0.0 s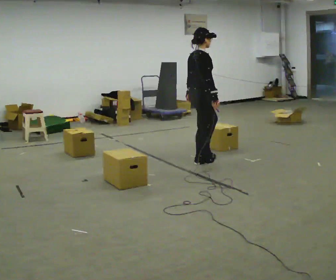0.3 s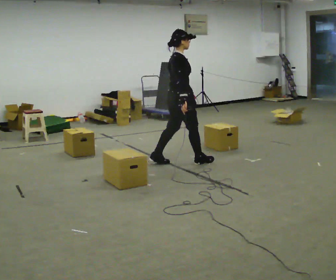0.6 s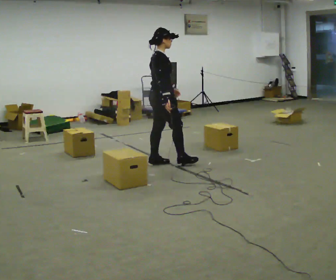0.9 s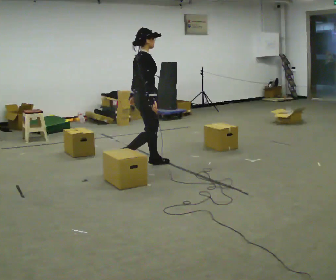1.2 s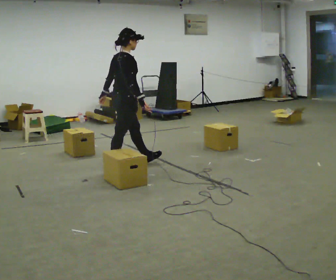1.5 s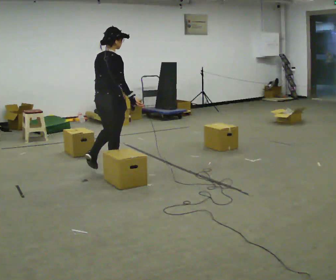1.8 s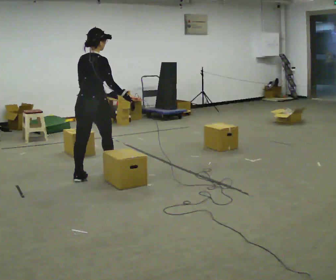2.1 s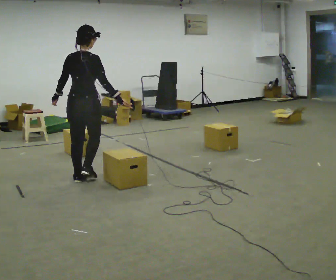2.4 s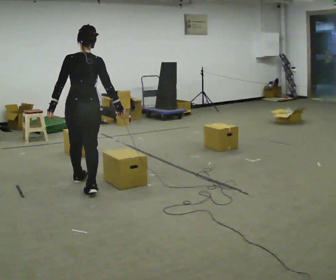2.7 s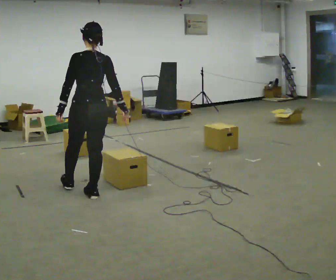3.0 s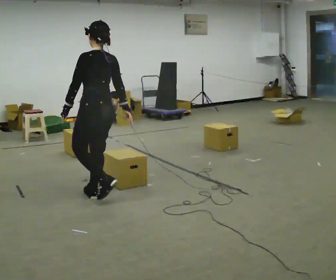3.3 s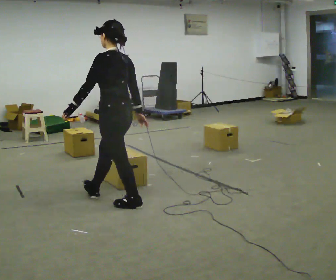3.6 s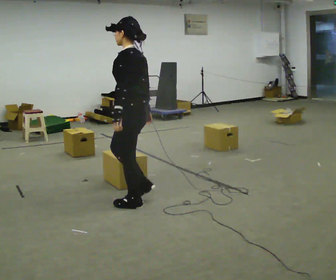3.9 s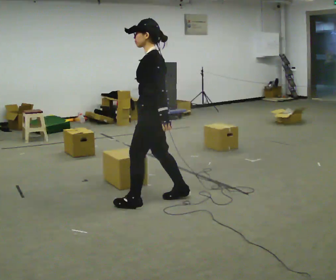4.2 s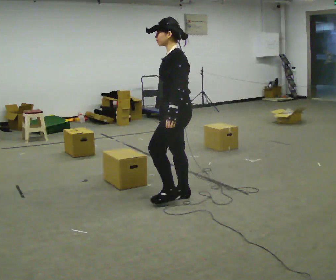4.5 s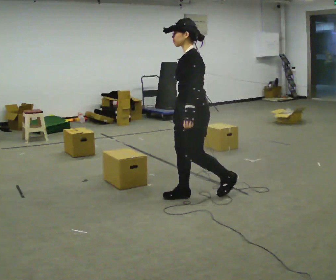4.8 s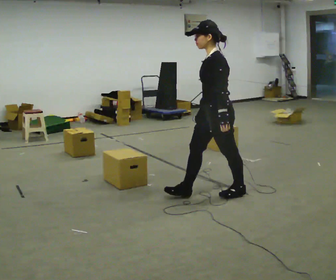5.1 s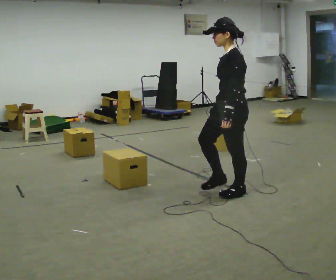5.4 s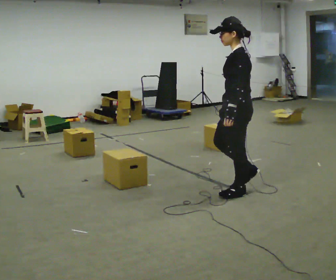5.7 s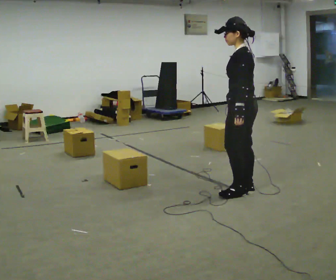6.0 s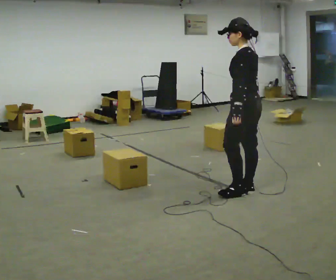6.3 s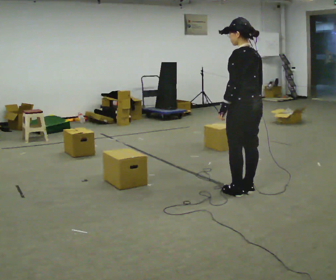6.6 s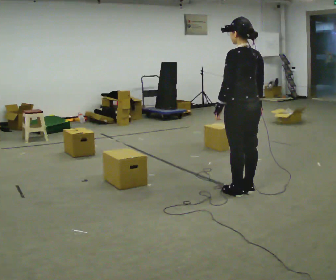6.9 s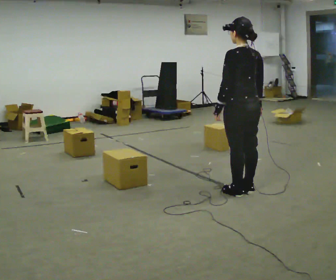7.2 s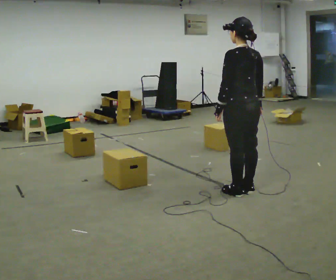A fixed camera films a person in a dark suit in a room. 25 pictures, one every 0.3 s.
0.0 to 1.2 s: In the picture they go to the left, about 1 m in 2 steps, which for them is backward.
1.2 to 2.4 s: The person turns about 75 degrees to their left, counterclockwise seen from above, so the part of the body nearest the lens slides to the right. In the picture they go toward the camera and to the left, about 0.75 m in 1 step.
2.4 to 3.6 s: The person turns about 75 degrees to their left, counterclockwise seen from above, so the part of the body nearest the lens slides to the right. In the picture they go to the right and toward the camera, about 0.5 m in 2 steps.
3.6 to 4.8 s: In the picture they go to the right, about 0.5 m in 1 step, which for them is backward.
4.8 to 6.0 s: The person turns about 45 degrees to their right, clockwise seen from above, so the part of the body nearest the lens slides to the left. In the picture they go to the right, about 0.25 m in 1 step, which for them is backward and to their right.
6.0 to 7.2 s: The person turns about 30 degrees to their right, clockwise seen from above, so the part of the body nearest the lens slides to the left.
The film runs backward here.
